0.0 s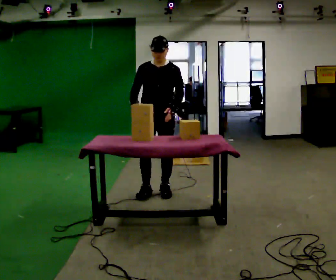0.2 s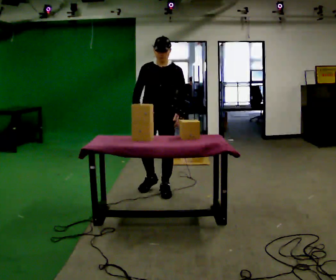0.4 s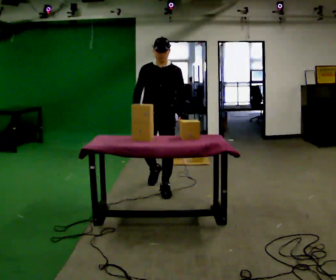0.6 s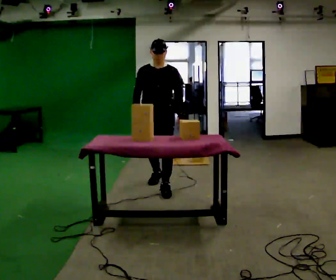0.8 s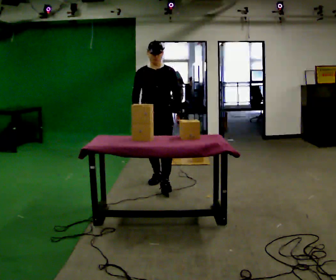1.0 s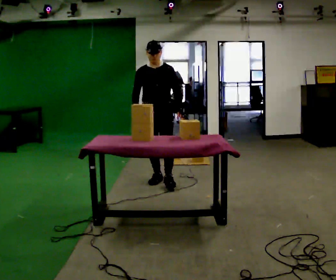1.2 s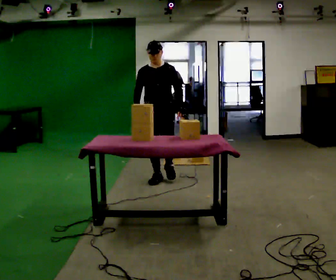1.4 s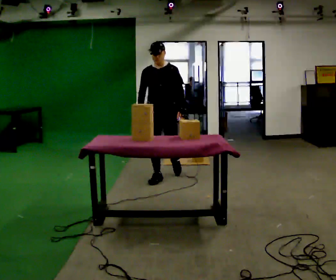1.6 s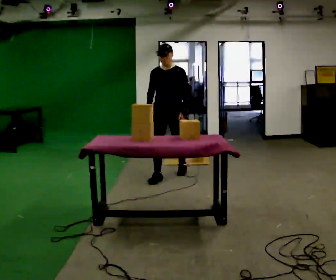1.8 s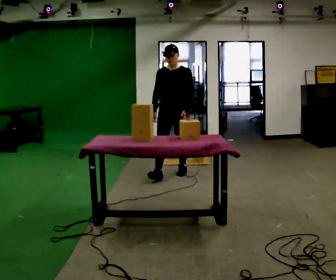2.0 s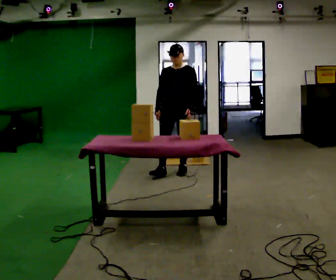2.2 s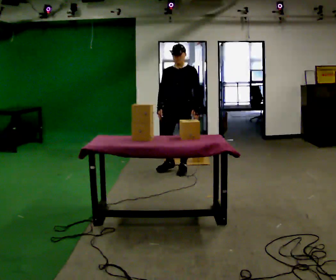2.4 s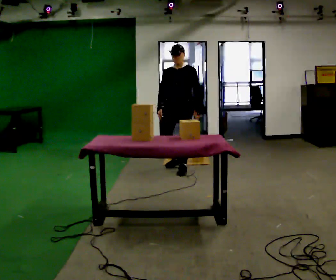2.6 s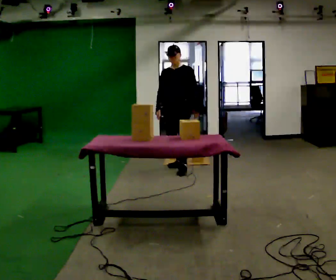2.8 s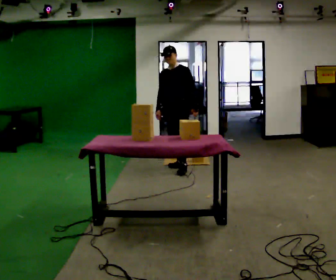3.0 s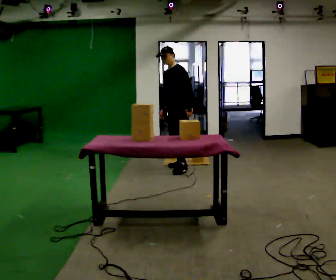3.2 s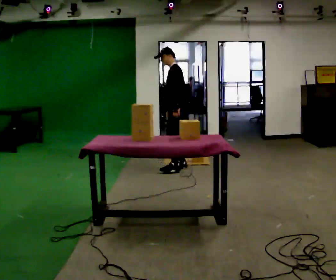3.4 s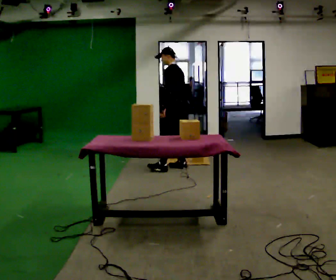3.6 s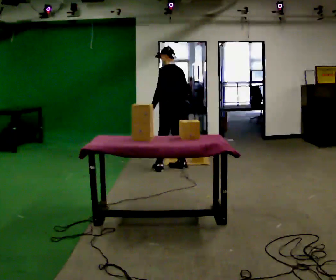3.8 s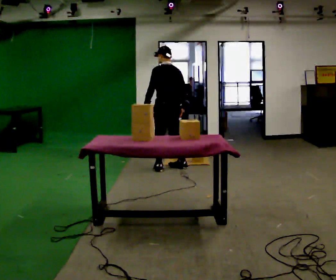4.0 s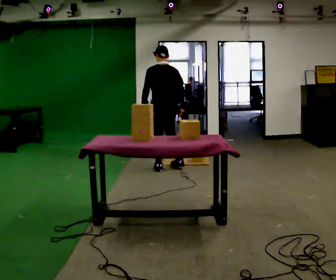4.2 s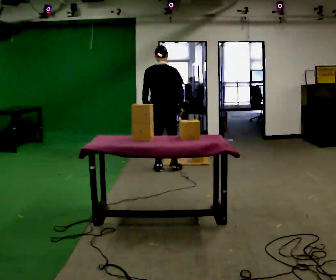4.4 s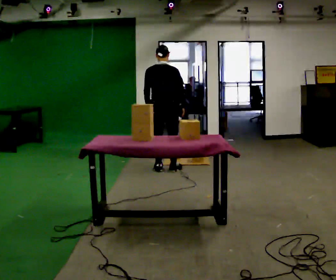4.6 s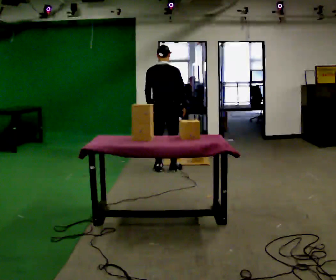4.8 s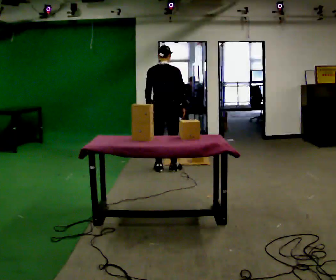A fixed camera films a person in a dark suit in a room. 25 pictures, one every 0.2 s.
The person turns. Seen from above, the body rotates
clockwise.
The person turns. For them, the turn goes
to their right.
0.0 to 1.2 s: In the picture they go away from the camera, about 0.5 m in 2 steps, which for them is backward.
1.2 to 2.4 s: In the picture they go away from the camera and to the right, about 0.5 m in 1 step, which for them is backward.
2.4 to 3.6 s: The part of the body nearest the lens slides to the left as the person turns to their right by about 105 degrees. In the picture their left hand goes to the left, the arm swinging clockwise.
3.6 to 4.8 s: The part of the body nearest the lens slides to the left as the person turns to their right by about 60 degrees. In the picture they go to the left, about 0.25 m in 1 step, which for them is to their left.
The film runs backward here.
